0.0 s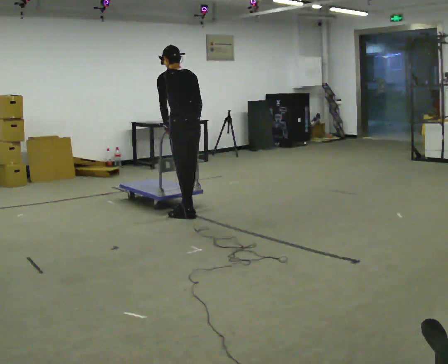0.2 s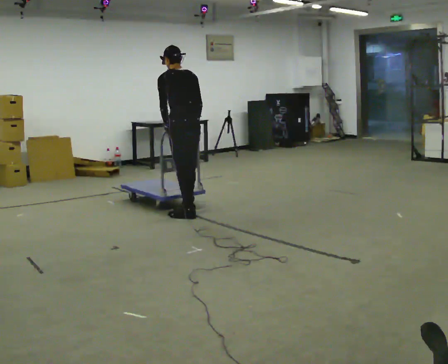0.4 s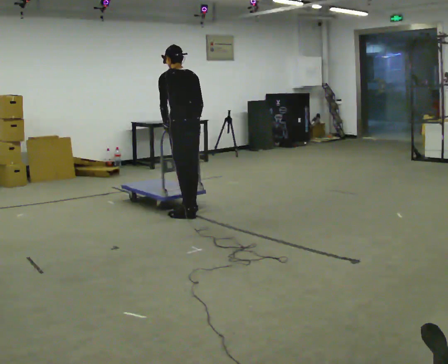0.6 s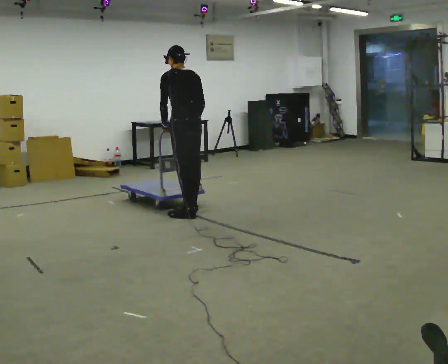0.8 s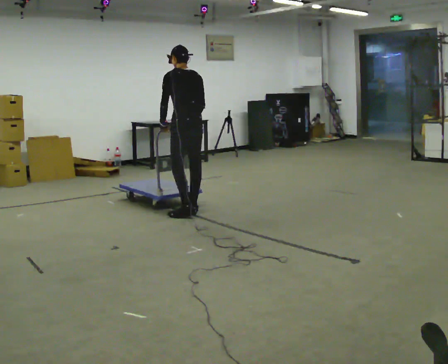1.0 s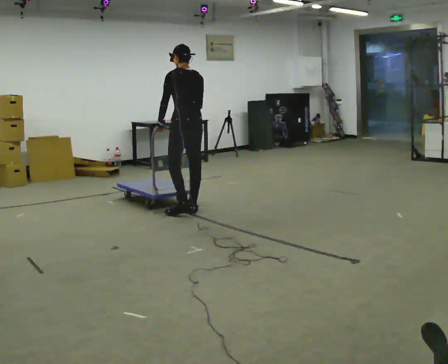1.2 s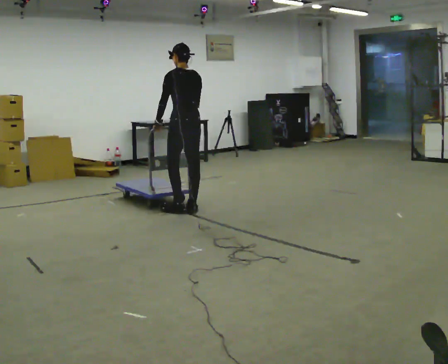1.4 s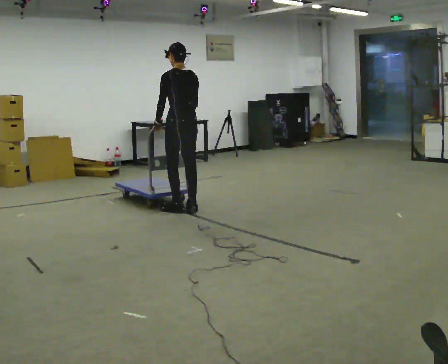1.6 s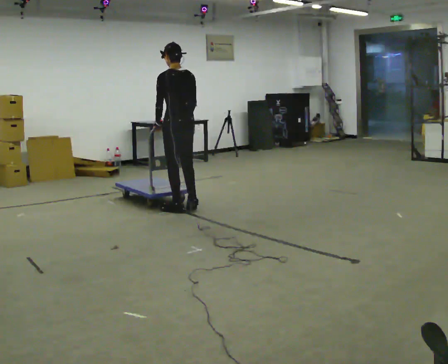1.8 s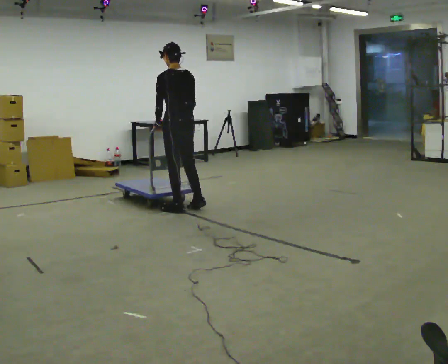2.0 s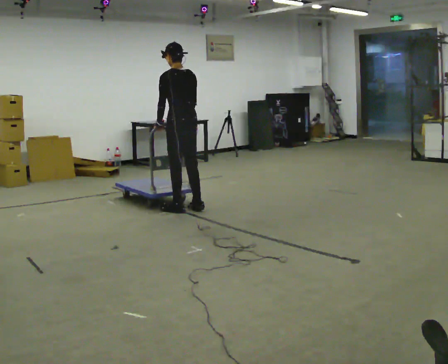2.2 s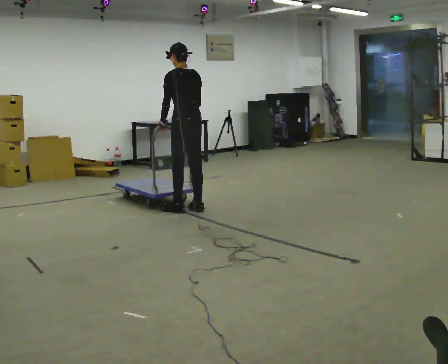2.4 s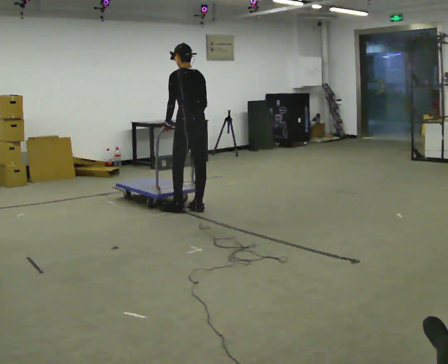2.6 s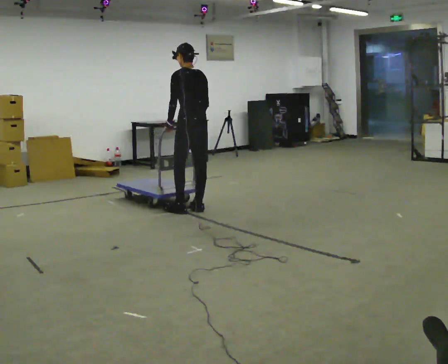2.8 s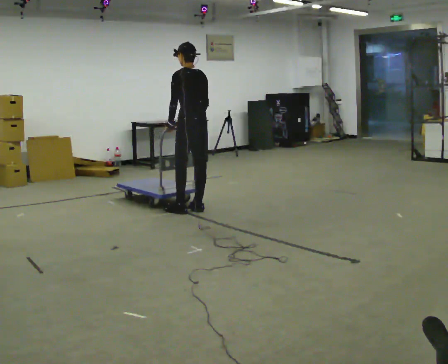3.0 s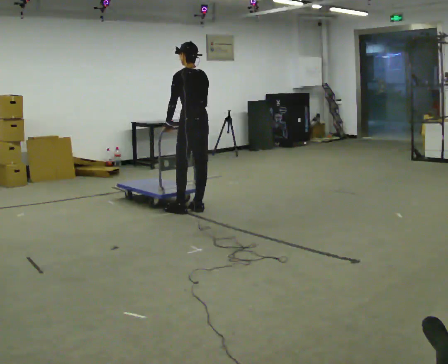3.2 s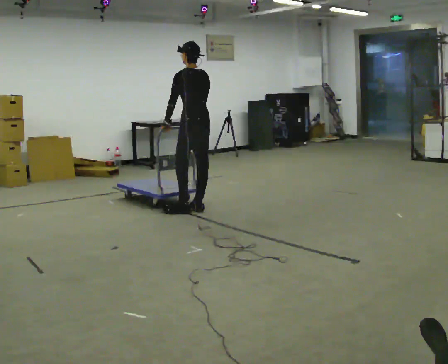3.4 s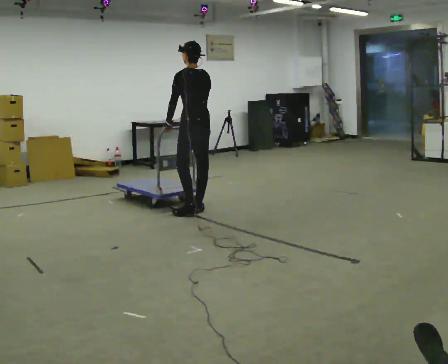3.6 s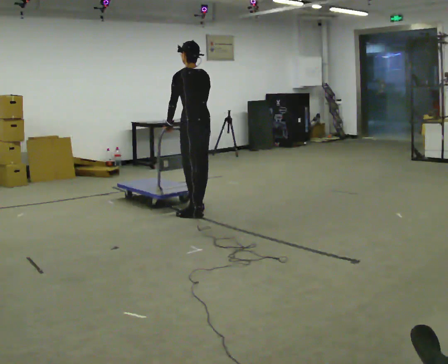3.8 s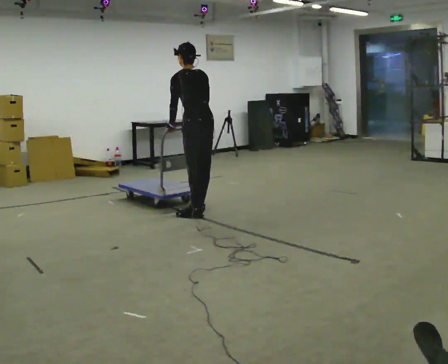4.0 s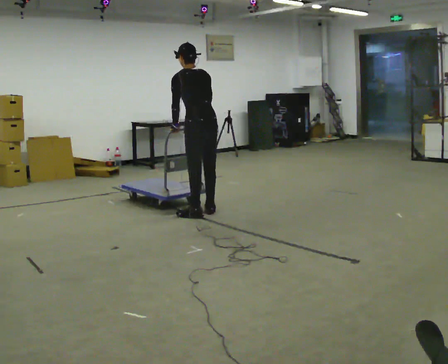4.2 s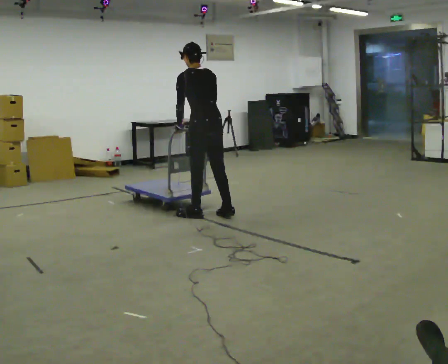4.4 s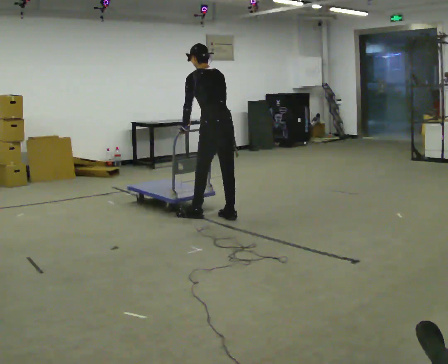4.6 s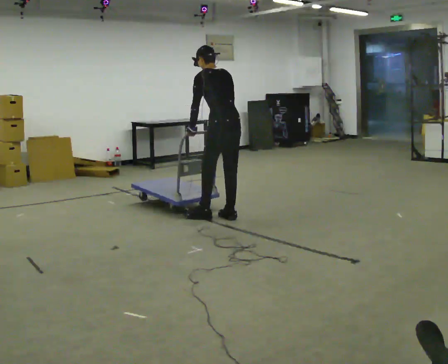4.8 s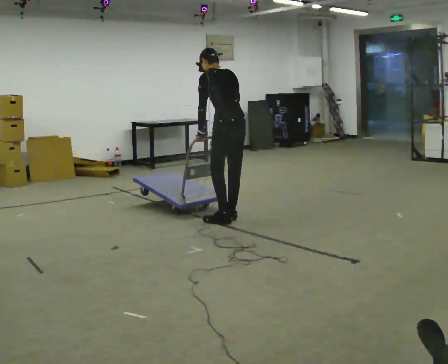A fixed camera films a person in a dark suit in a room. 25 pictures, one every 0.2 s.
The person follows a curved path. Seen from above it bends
clockwise.
0.0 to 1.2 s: In the picture they go away from the camera, about 0.25 m, which for them is forward.
1.2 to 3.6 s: The person moves a little, or ends about where they began.
3.6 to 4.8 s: In the picture they go to the right and toward the camera, about 0.5 m in 1 step, which for them is backward.
The film runs forward here.
